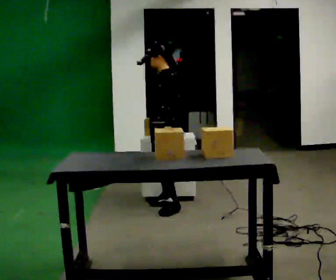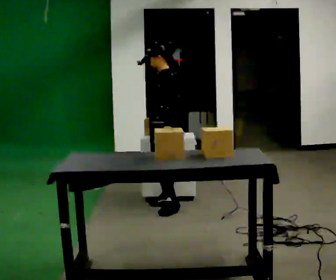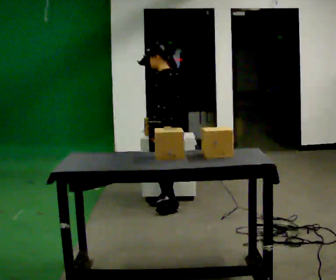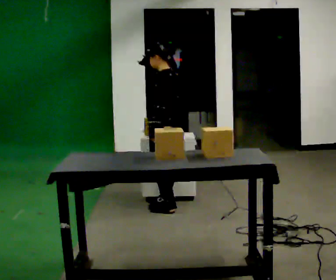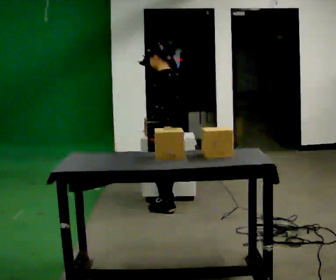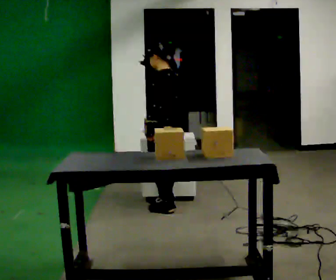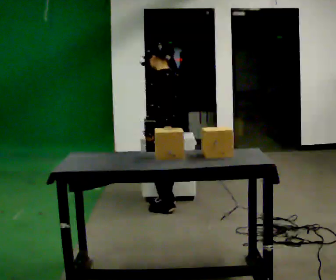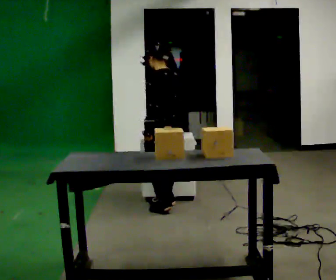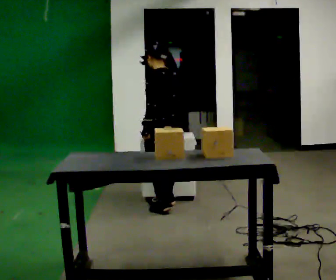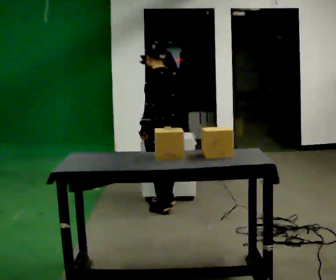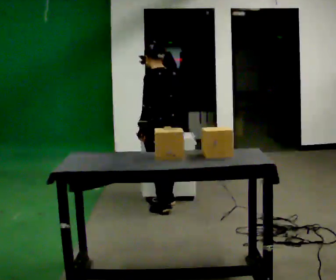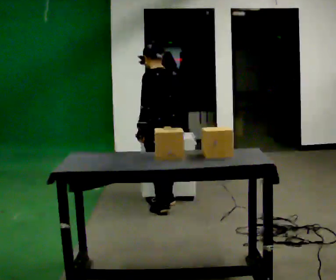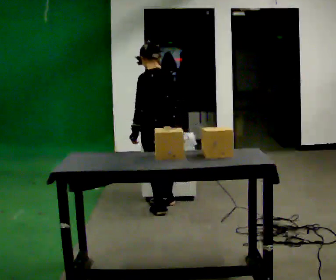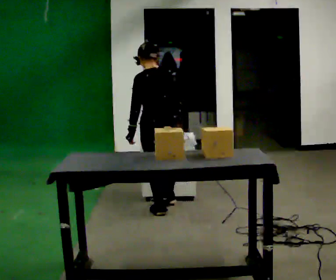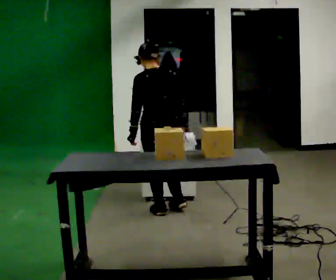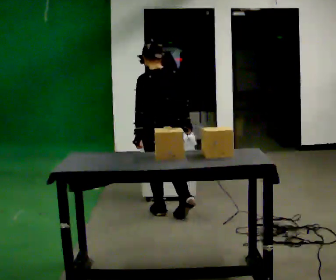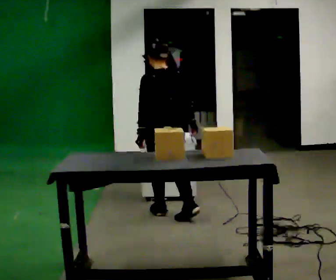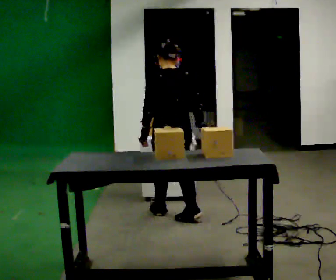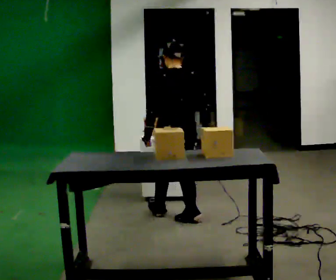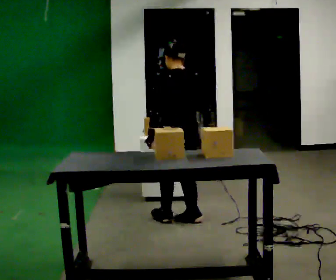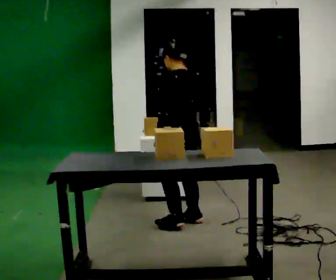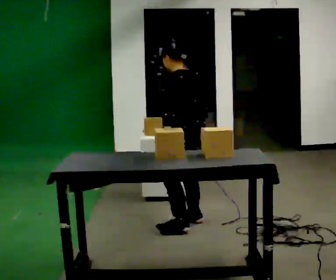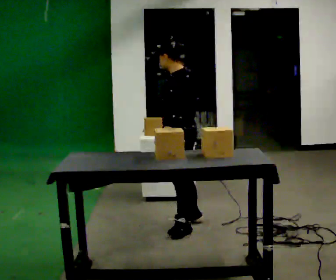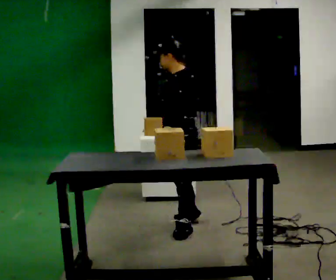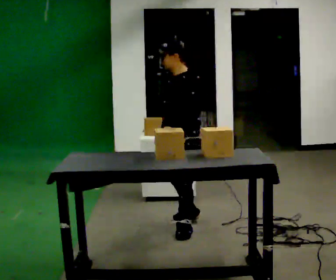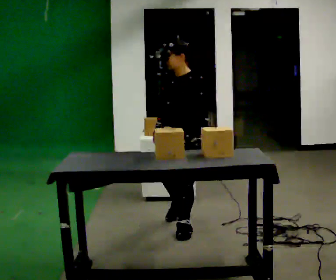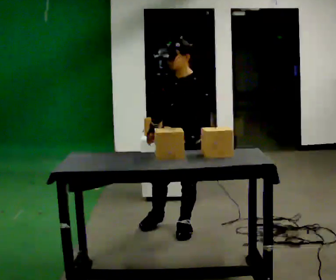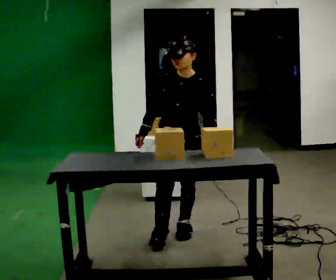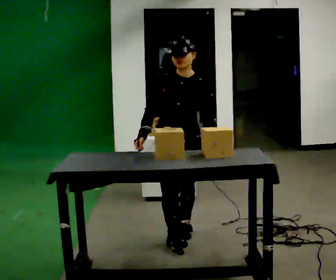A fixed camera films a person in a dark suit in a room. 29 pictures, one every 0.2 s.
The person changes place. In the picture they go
toward the camera.
0.0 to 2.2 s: Seen from above the body turns clockwise, about 30 degrees: to their right, with its near side sliding to the left.
2.2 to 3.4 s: The person turns about 30 degrees to their right, clockwise seen from above, so the part of the body nearest the lens slides to the left. In the picture they go toward the camera, about 0.25 m in 1 step, which for them is backward and to their left.
3.4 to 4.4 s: Seen from above the body turns counterclockwise, about 60 degrees: to their left, with its near side sliding to the right. In the picture they go toward the camera, about 0.25 m in 1 step.
4.4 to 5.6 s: The person turns about 90 degrees to their left, counterclockwise seen from above, so the part of the body nearest the lens slides to the right. In the picture they go toward the camera, about 0.25 m in 1 step.
The film runs backward here.
